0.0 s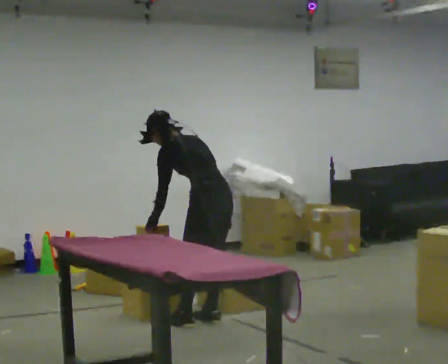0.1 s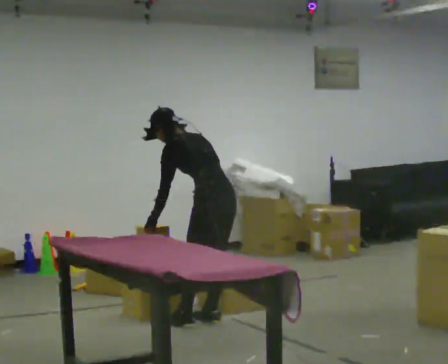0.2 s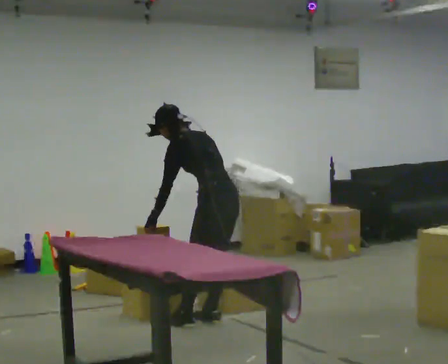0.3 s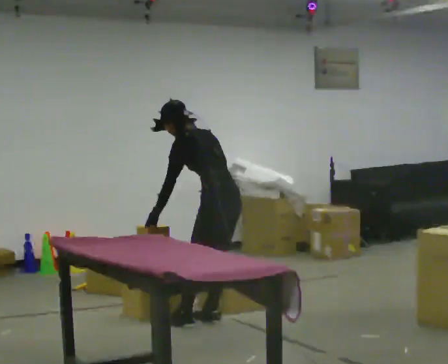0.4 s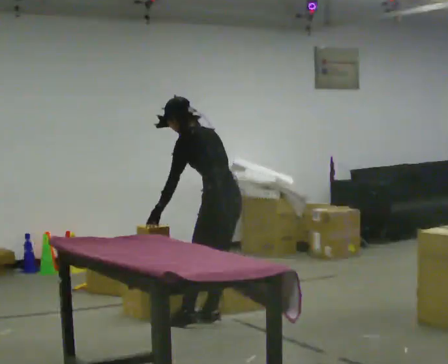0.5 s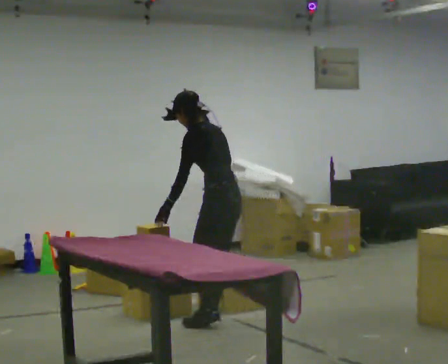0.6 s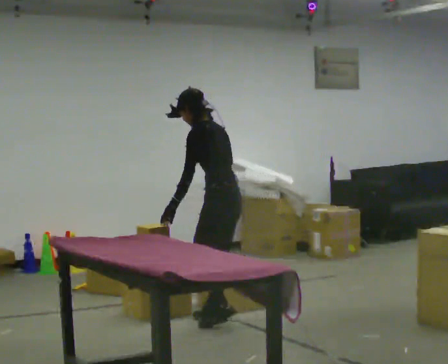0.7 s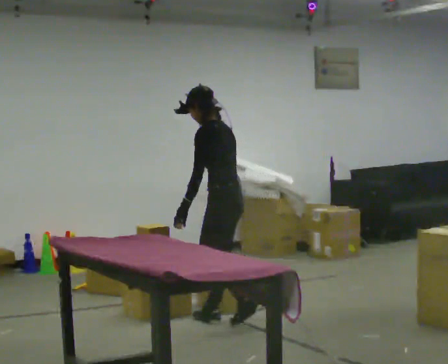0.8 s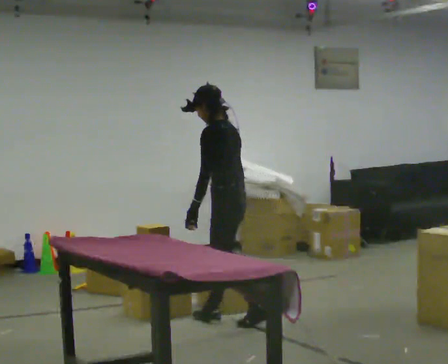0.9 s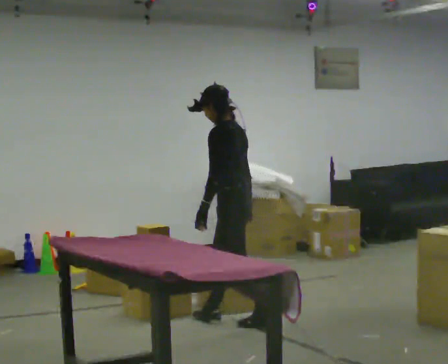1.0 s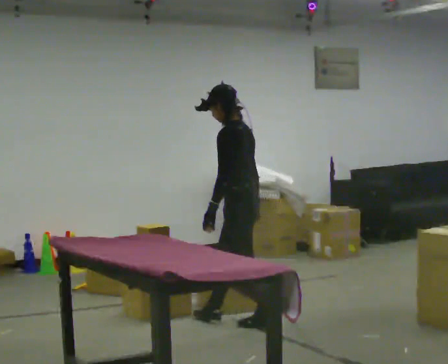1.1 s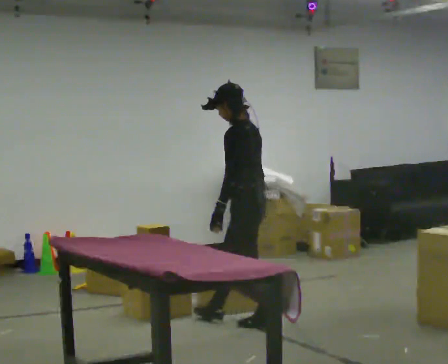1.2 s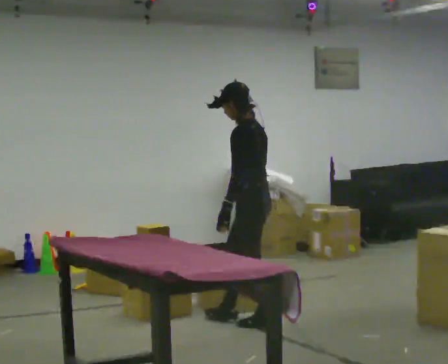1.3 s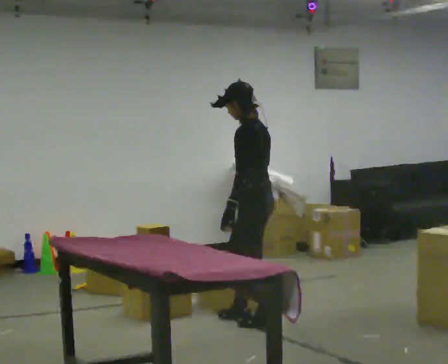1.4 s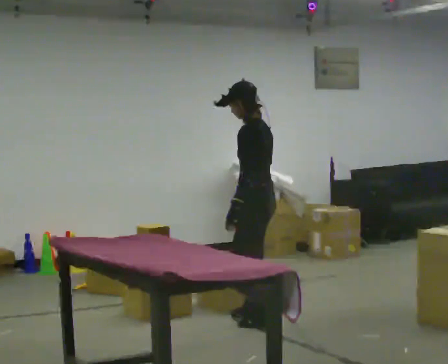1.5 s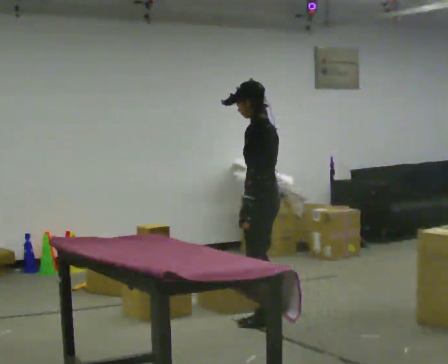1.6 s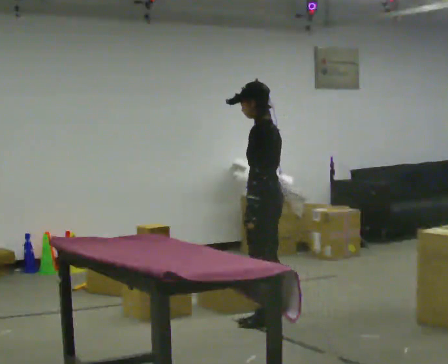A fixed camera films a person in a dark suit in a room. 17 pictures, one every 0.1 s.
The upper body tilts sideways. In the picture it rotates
clockwise.
0.0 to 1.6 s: The person turns about 30 degrees to their left, counterclockwise seen from above, so the part of the body nearest the lens slides to the right. In the picture they go to the right, about 0.5 m in 2 steps, which for them is backward and to their right. In the picture the upper body tilts clockwise, shoulders to the right, as they lean back or straighten.
The film runs backward here.
